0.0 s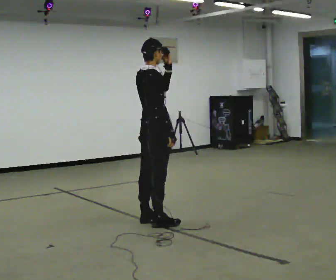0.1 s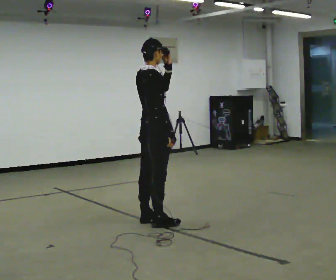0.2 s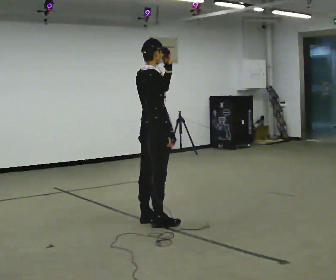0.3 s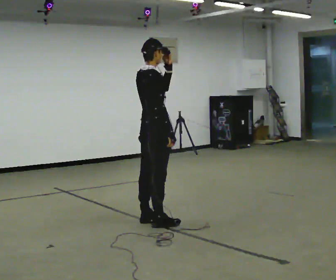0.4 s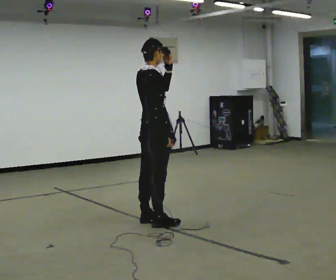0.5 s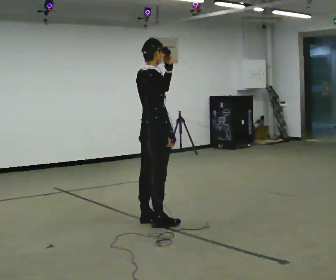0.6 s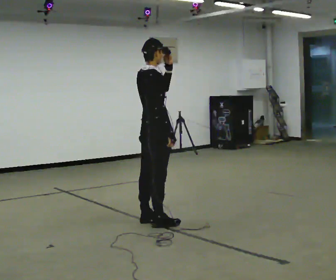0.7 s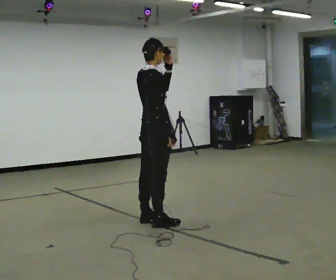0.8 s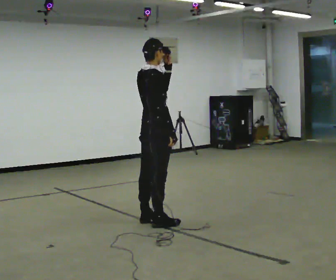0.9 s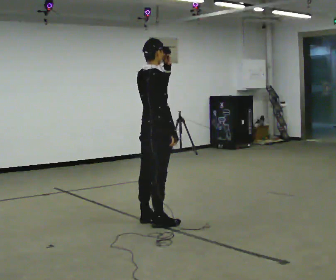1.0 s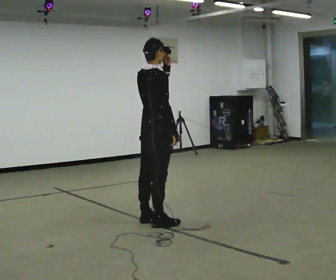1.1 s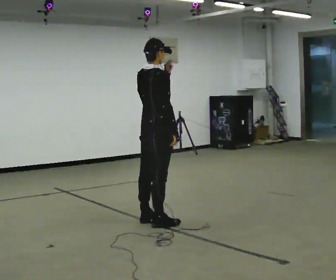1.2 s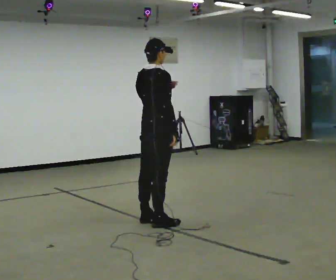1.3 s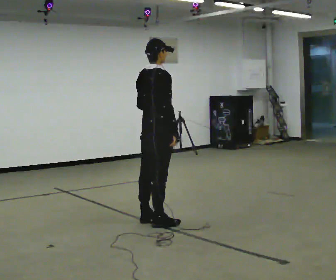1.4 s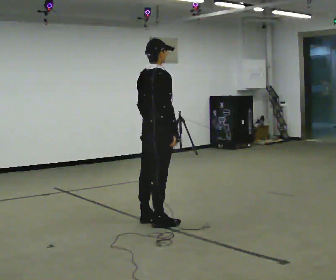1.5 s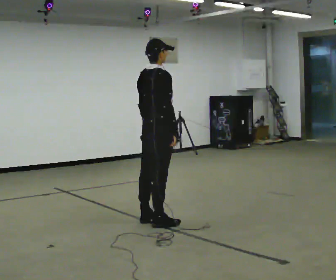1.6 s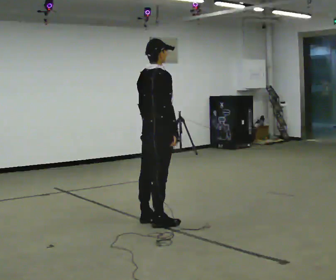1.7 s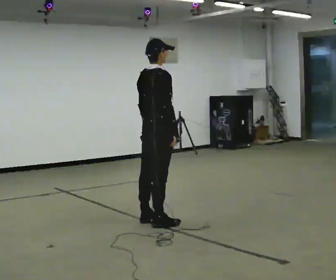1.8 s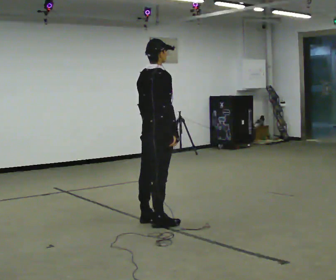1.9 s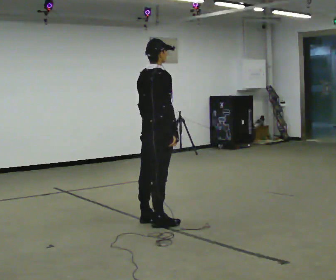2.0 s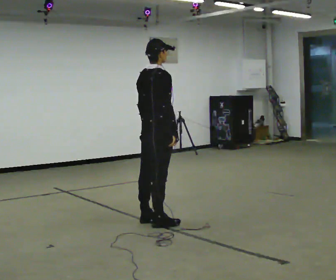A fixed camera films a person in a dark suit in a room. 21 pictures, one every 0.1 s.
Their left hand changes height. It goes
downward.
0.0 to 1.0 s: The person moves a little, or ends about where they began.
1.0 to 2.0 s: In the picture their left hand goes downward.
The film runs backward here.
